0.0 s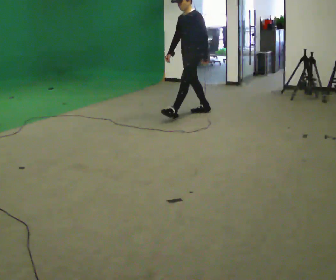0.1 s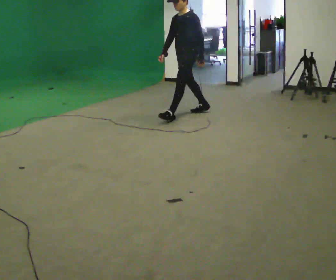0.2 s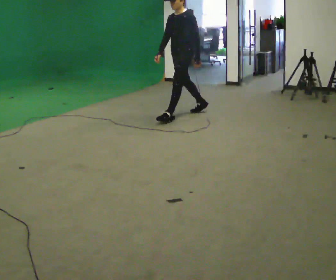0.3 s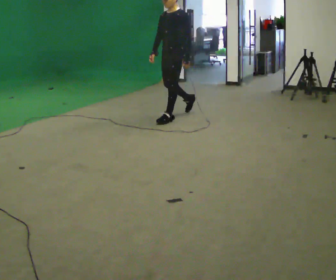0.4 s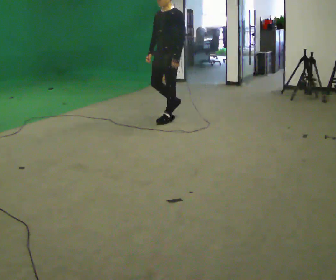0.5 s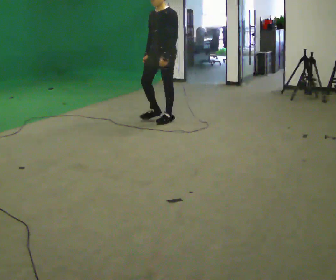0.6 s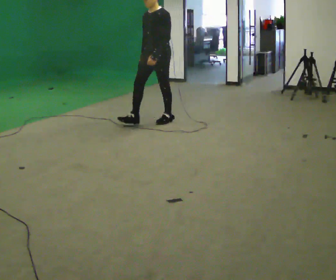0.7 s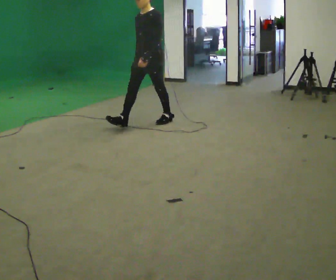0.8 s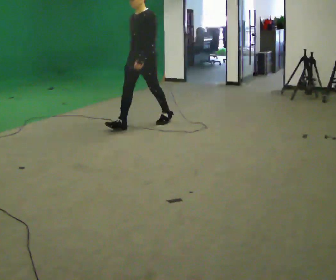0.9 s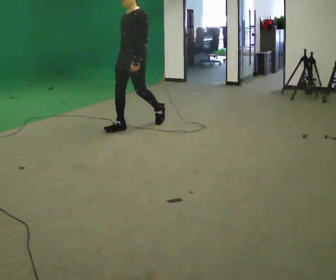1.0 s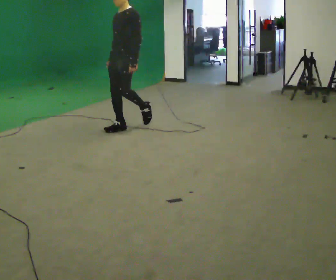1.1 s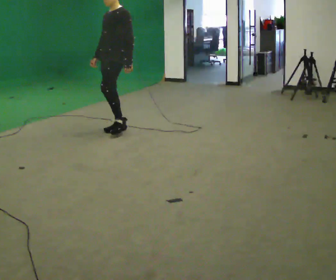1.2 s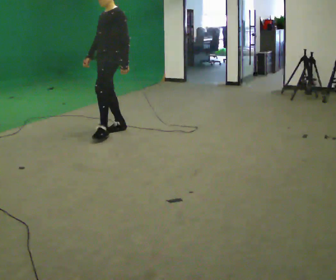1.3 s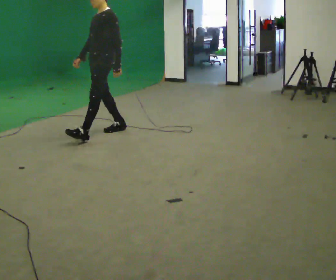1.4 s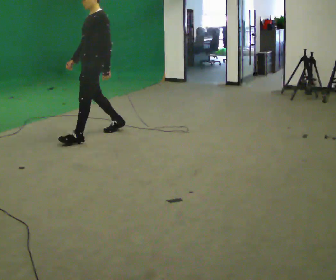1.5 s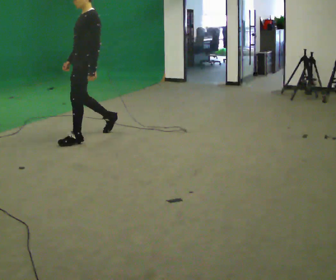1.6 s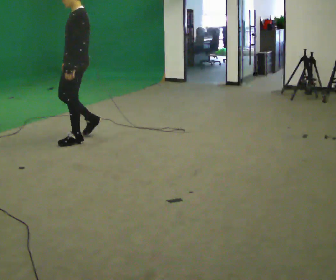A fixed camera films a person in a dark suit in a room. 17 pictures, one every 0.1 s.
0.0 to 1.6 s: In the picture they go to the left and toward the camera, about 1.5 m in 3 steps, which for them is forward.
The film runs forward here.
